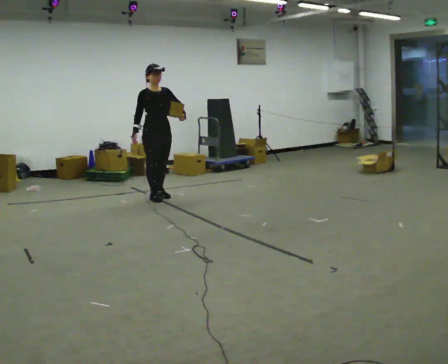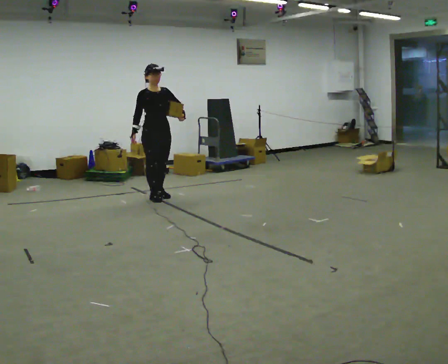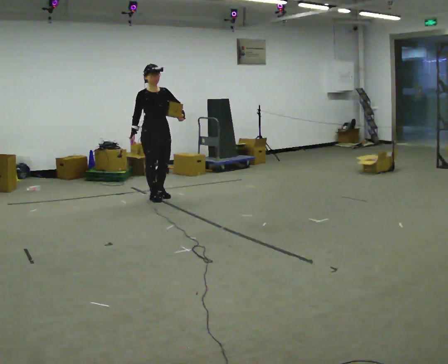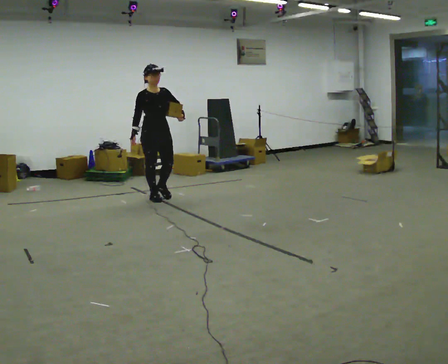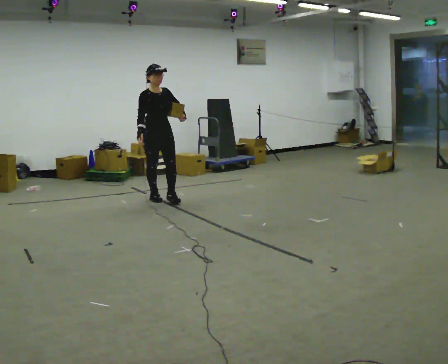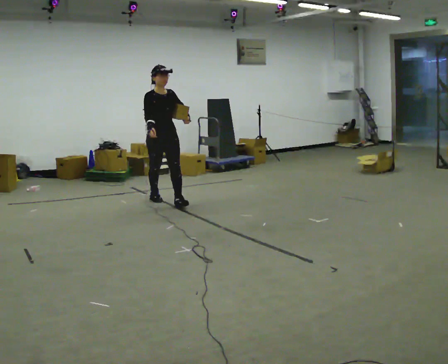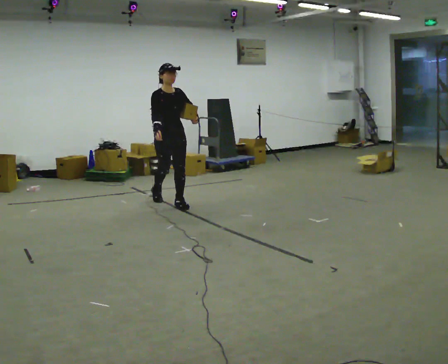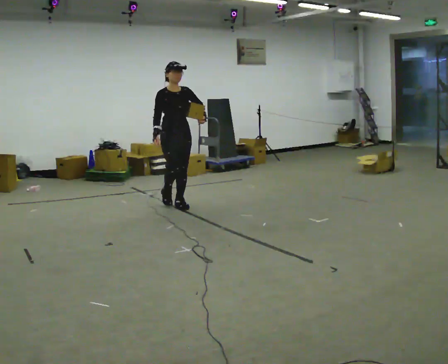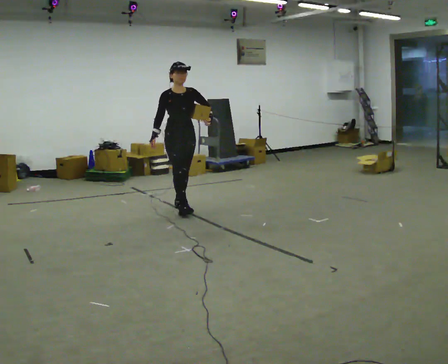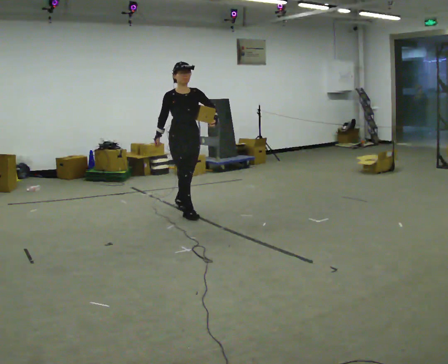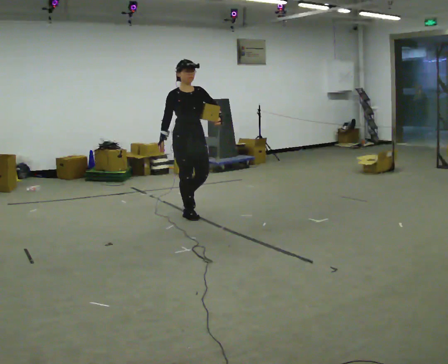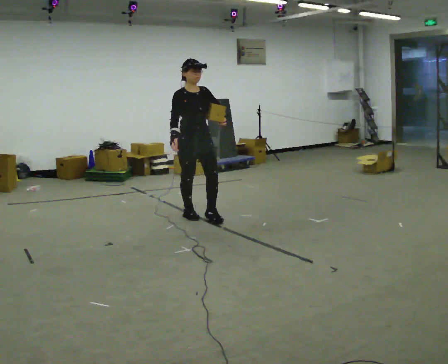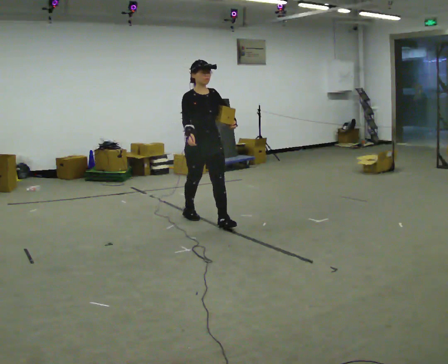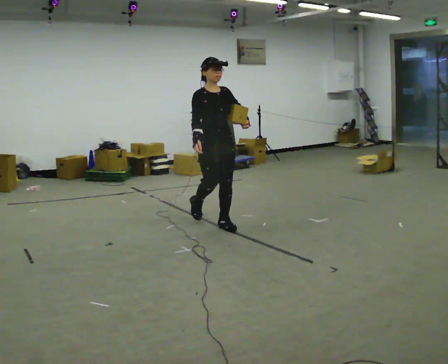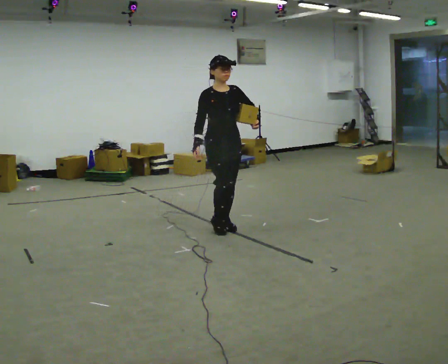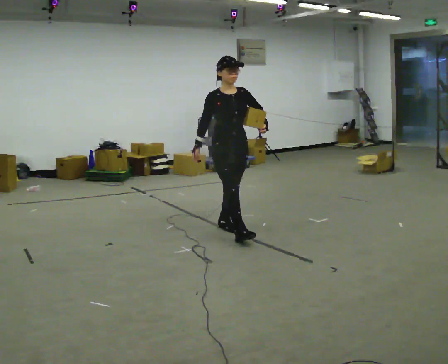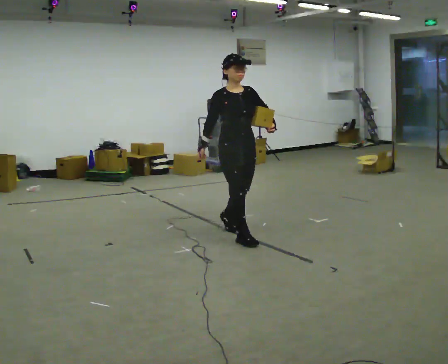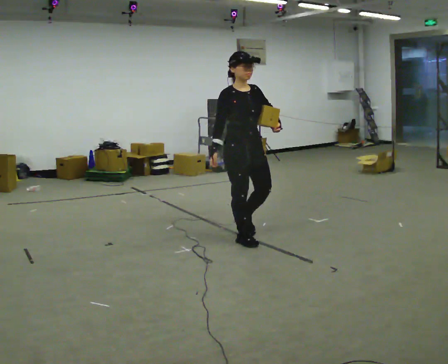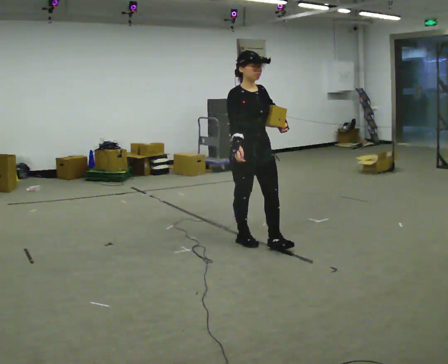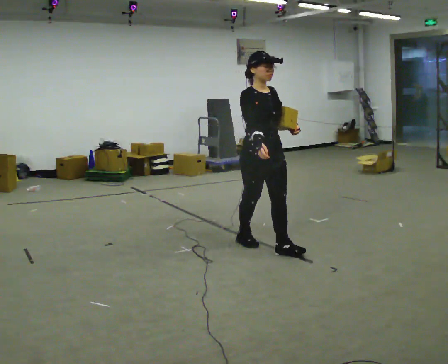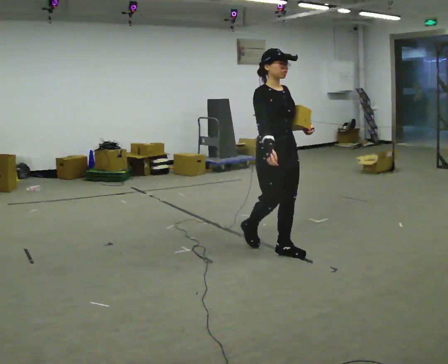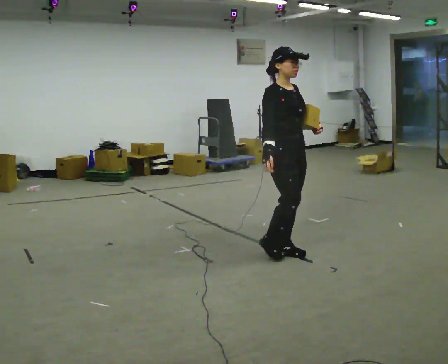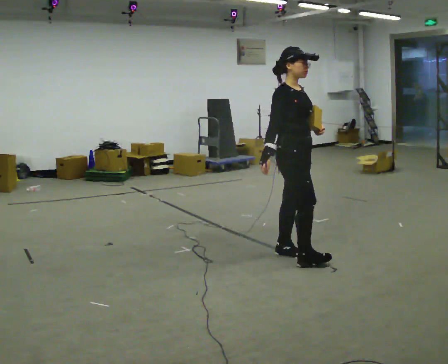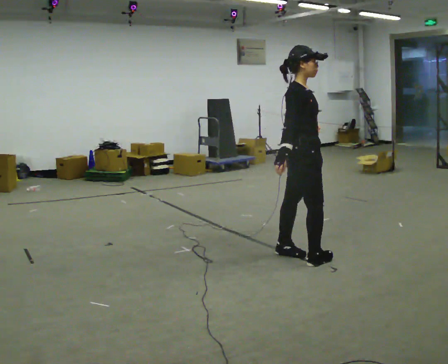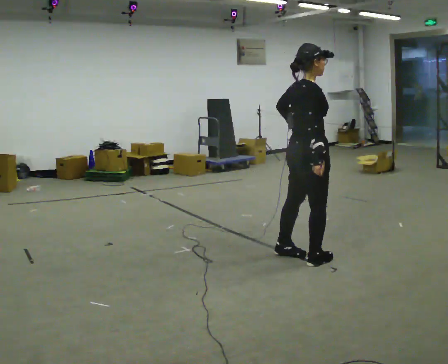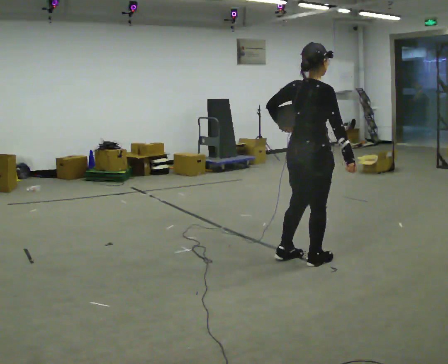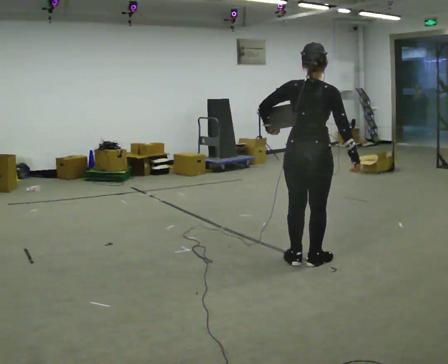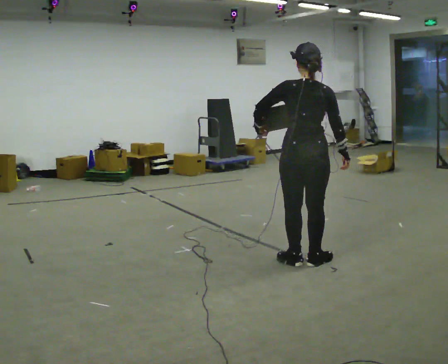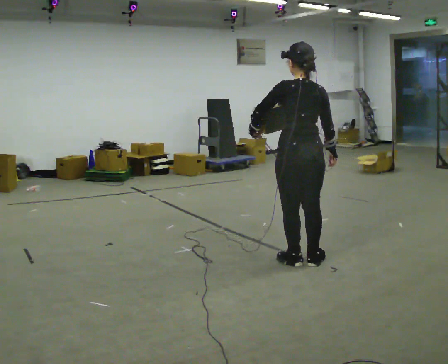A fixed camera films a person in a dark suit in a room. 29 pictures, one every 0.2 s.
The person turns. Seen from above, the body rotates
counterclockwise.
The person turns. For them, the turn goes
to their left.
0.0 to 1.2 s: In the picture they go toward the camera and to the right, about 0.25 m in 1 step, which for them is forward.
1.2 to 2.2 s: In the picture they go toward the camera and to the right, about 0.75 m in 1 step, which for them is forward.
2.2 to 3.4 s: In the picture they go toward the camera and to the right, about 1 m in 2 steps, which for them is forward.
3.4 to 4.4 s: The part of the body nearest the lens slides to the right as the person turns to their left by about 30 degrees. In the picture they go to the right and toward the camera, about 0.5 m in 1 step, which for them is forward.
4.4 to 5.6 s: The person turns about 135 degrees to their left, counterclockwise seen from above, so the part of the body nearest the lens slides to the right. In the picture they go toward the camera, about 0.25 m in 2 steps. In the picture their left hand goes to the left.
The film runs forward here.
